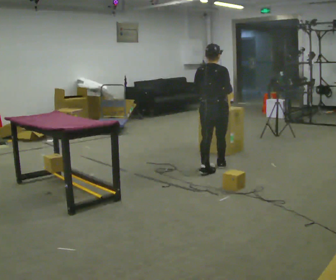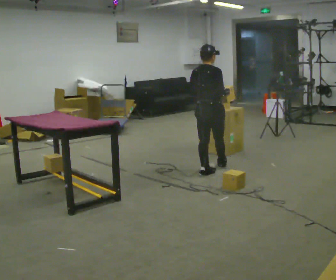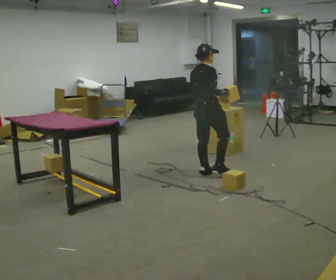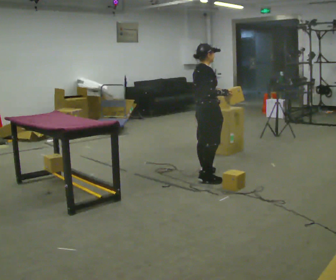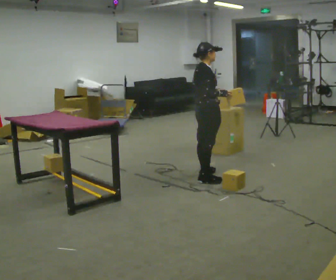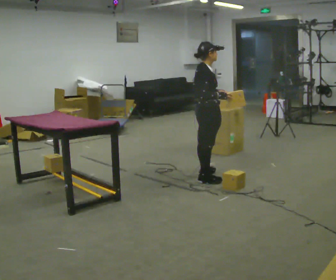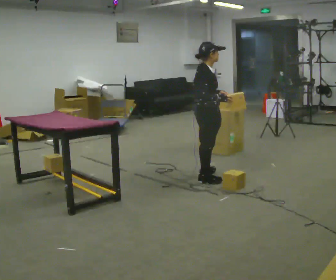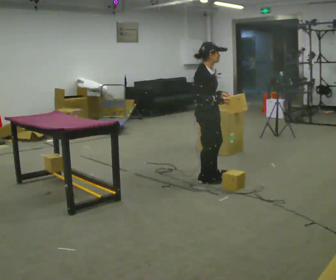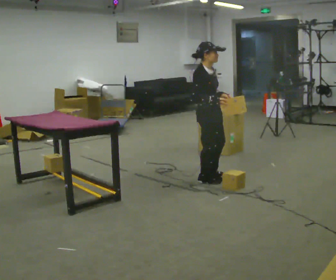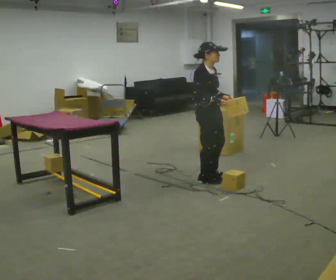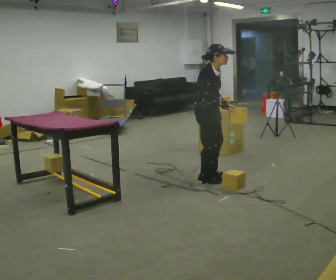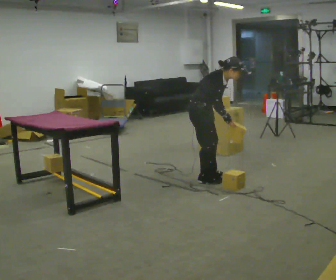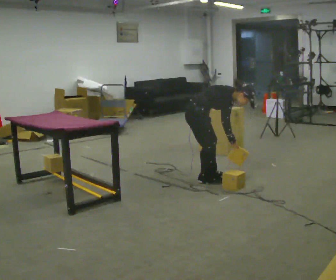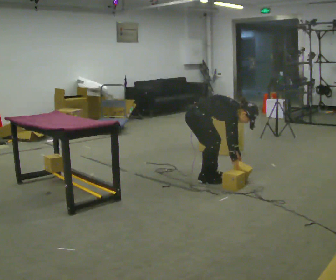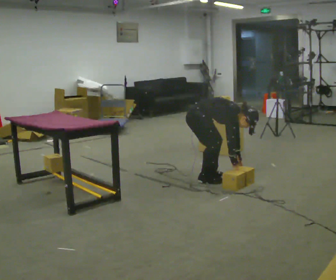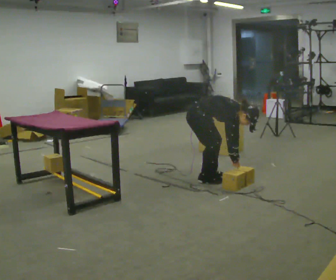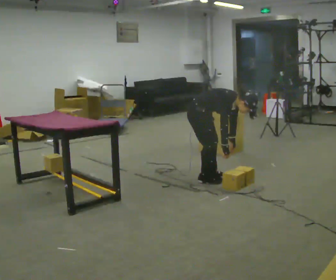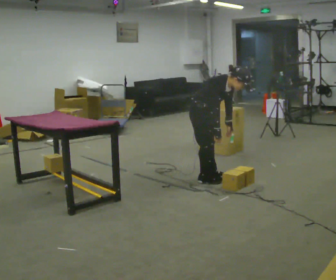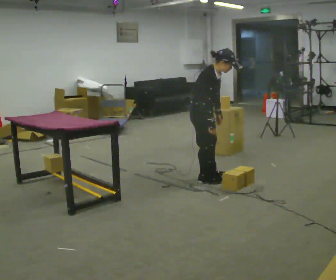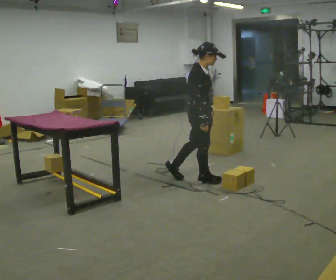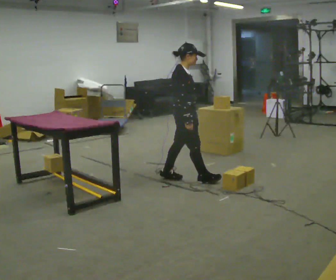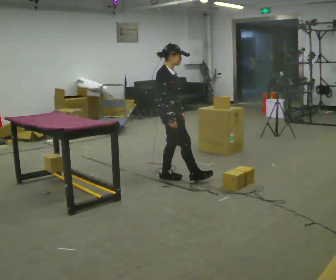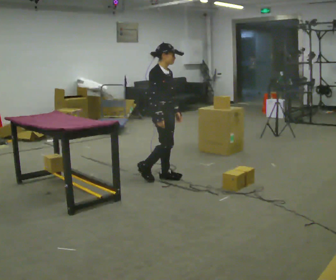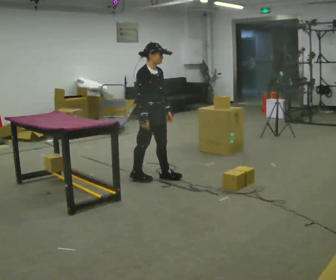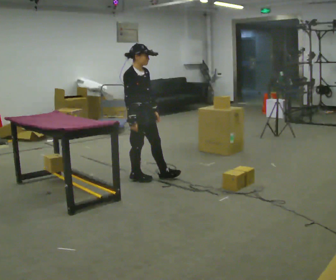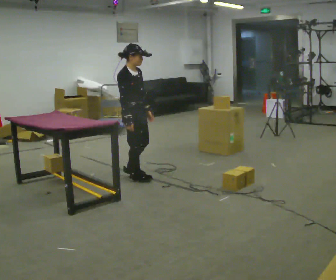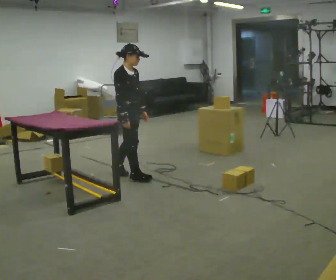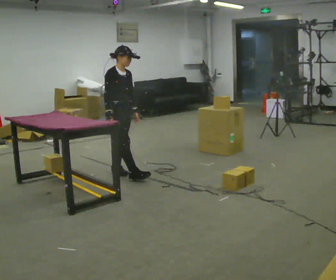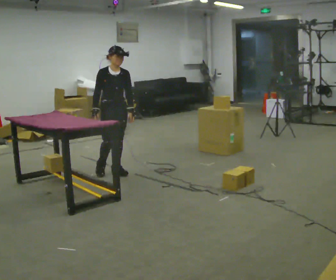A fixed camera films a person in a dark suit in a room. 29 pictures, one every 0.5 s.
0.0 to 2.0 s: The part of the body nearest the lens slides to the left as the person turns to their right by about 60 degrees. In the picture they go toward the camera, about 0.25 m in 1 step, which for them is backward and to their right.
2.0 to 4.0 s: The person turns about 30 degrees to their right, clockwise seen from above, so the part of the body nearest the lens slides to the left. In the picture they go toward the camera, about 0.25 m, which for them is to their right.
4.0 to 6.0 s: The shoulders move downward. In the picture the upper body tilts clockwise, shoulders to the right, as they bend forward. In the picture their left hand goes downward.
6.0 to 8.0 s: The person moves a little, or ends about where they began.
8.0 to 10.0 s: In the picture they go to the left, about 0.25 m in 1 step, which for them is backward. The upper body goes upward. In the picture the upper body tilts counterclockwise, shoulders to the left, as they lean back or straighten. In the picture their right hand goes to the left and upward.
10.0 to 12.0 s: In the picture they go to the left, about 0.5 m in 1 step, which for them is backward.
12.0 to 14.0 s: The person turns about 30 degrees to their right, clockwise seen from above, so the part of the body nearest the lens slides to the left. In the picture they go to the left and away from the camera, about 0.5 m in 2 steps, which for them is backward.
The film runs backward here.
